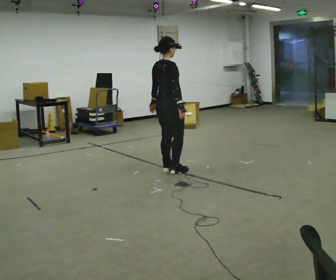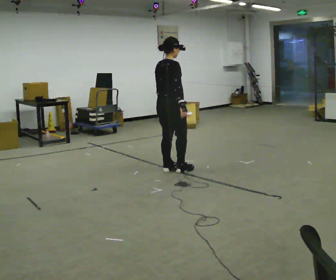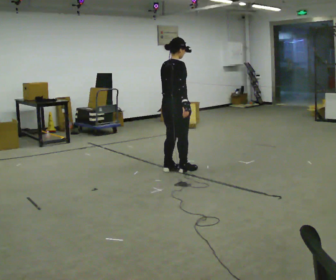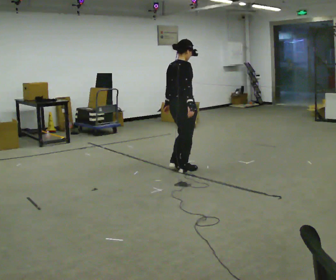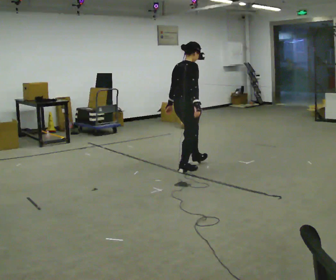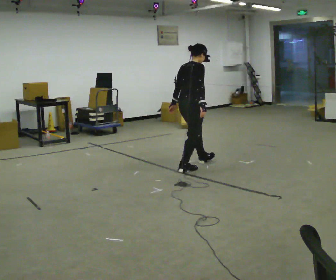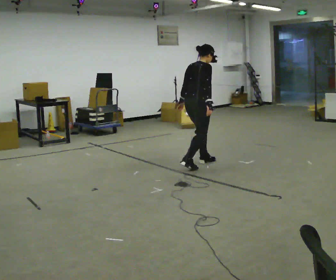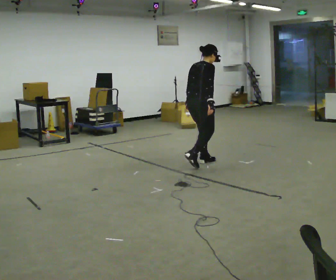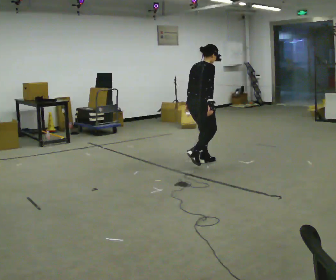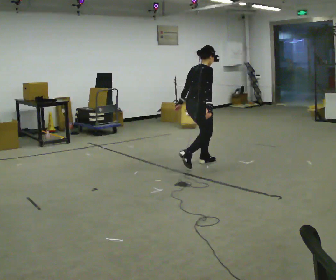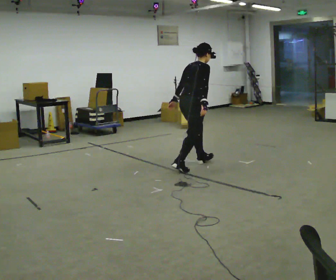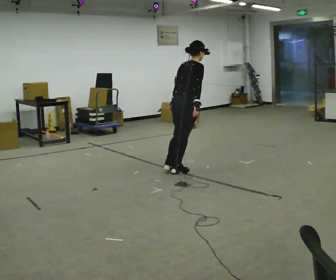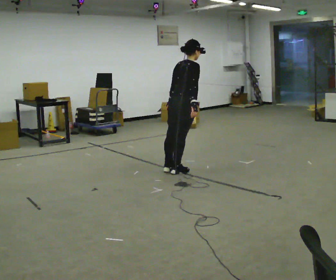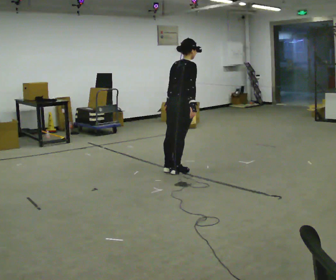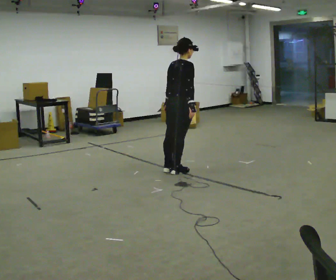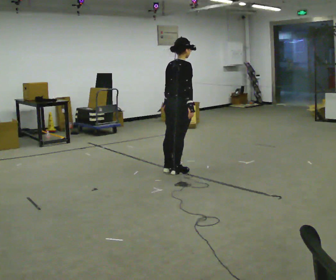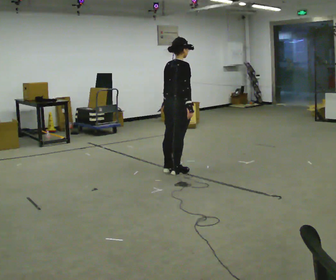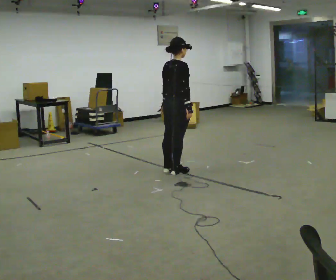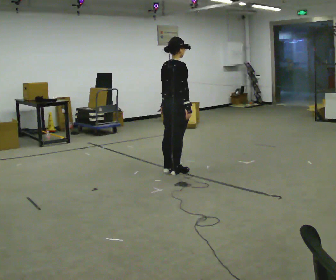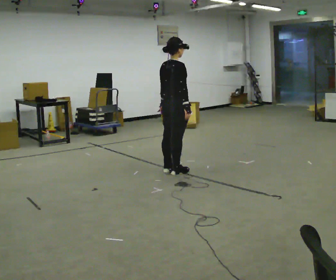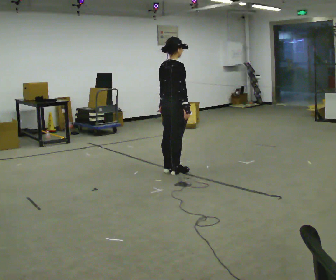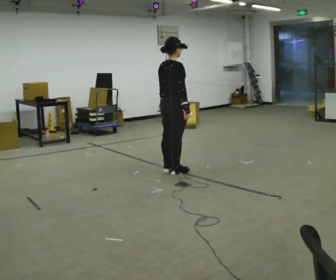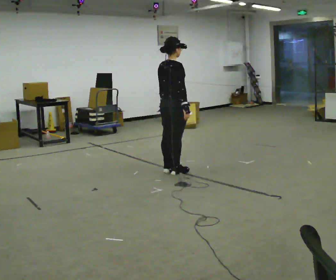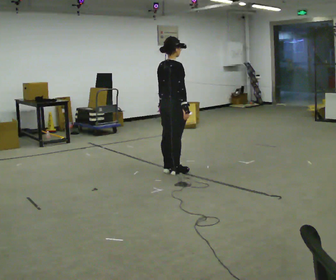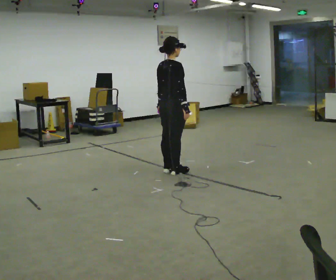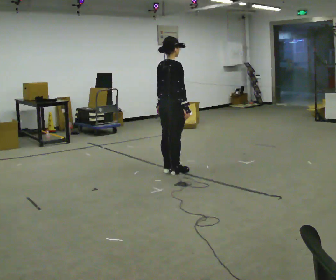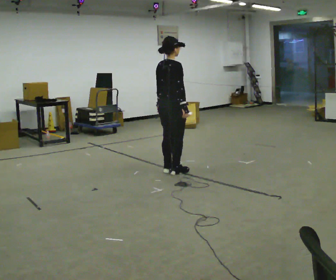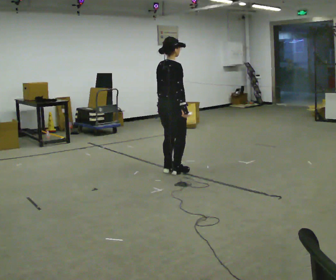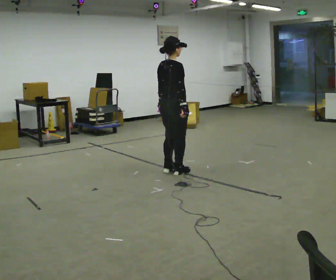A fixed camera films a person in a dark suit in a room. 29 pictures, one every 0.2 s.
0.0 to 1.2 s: In the picture they go to the right and away from the camera, about 0.5 m in 2 steps, which for them is forward.
1.2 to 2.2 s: In the picture they go toward the camera, about 0.25 m in 2 steps, which for them is backward.
2.2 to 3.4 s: In the picture the upper body tilts counterclockwise, shoulders to the left, as they lean back or straighten.
3.4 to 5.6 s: The person moves a little, or ends about where they began.
The film runs backward here.
